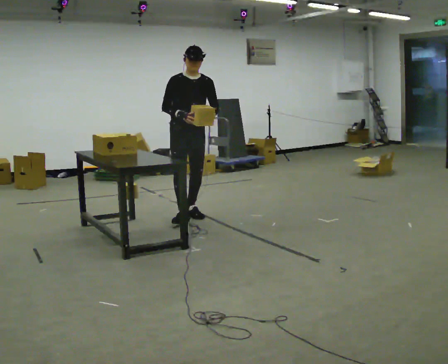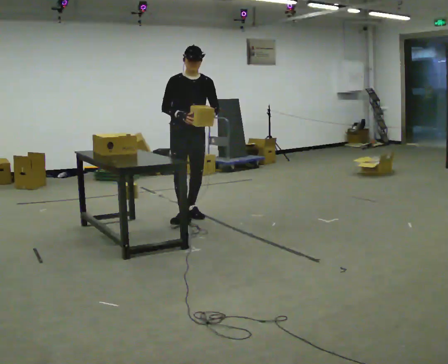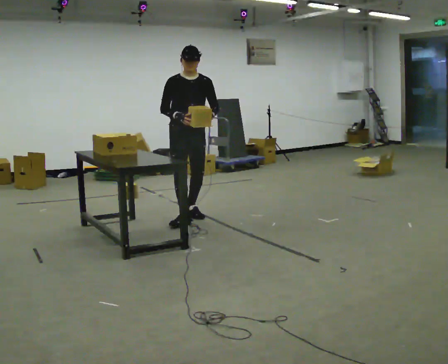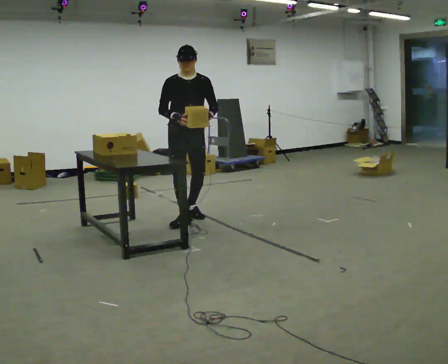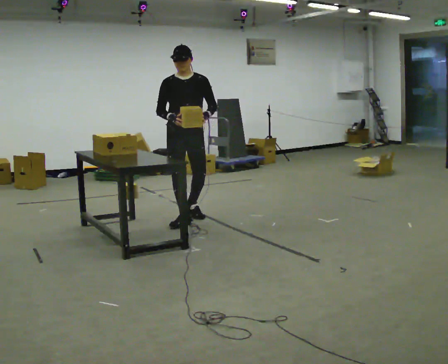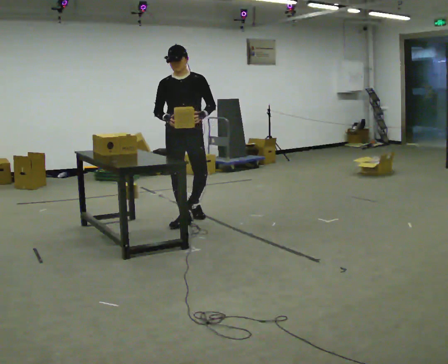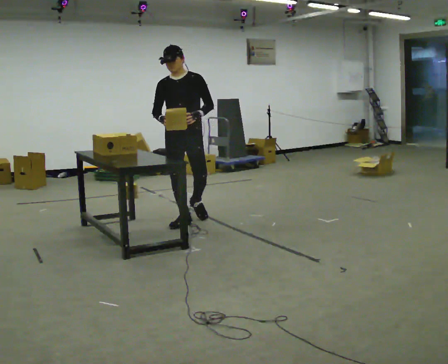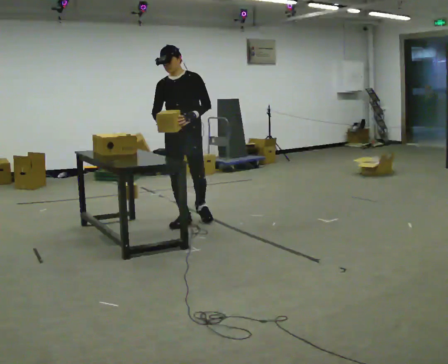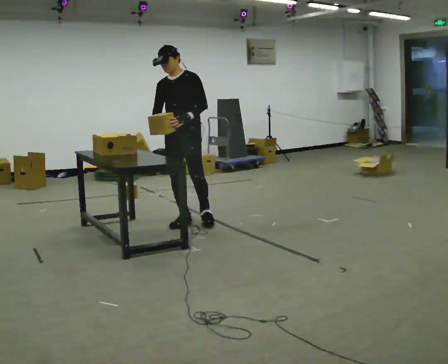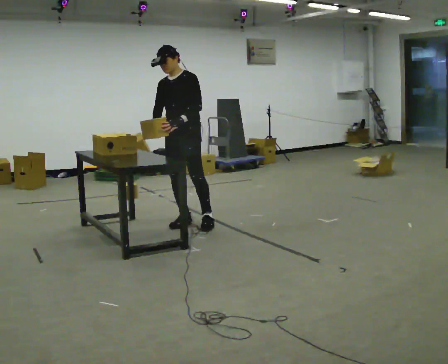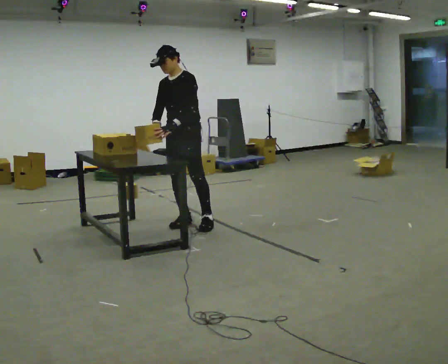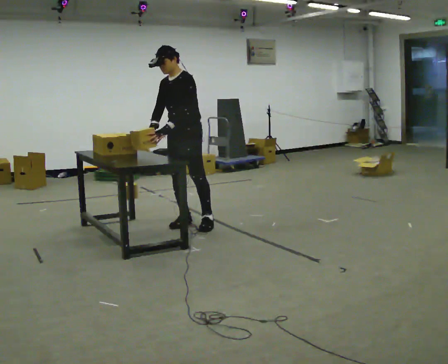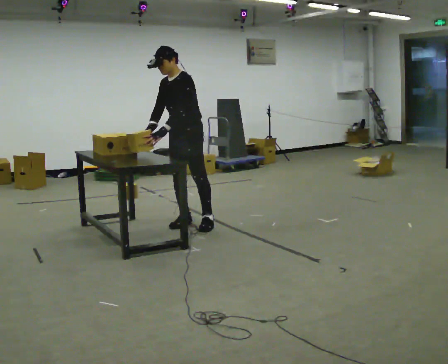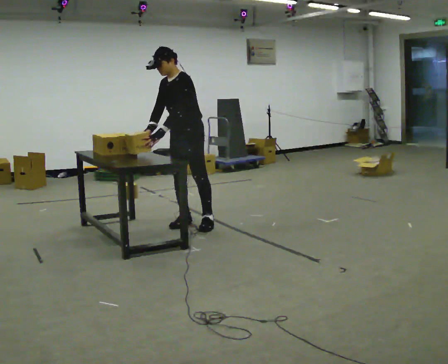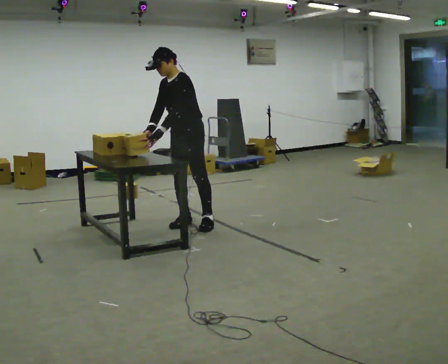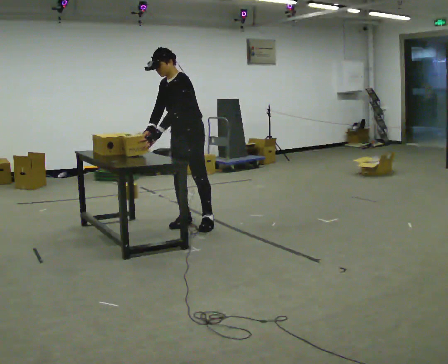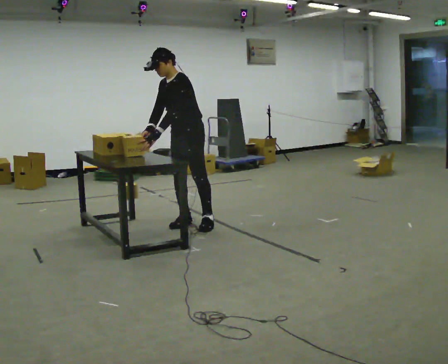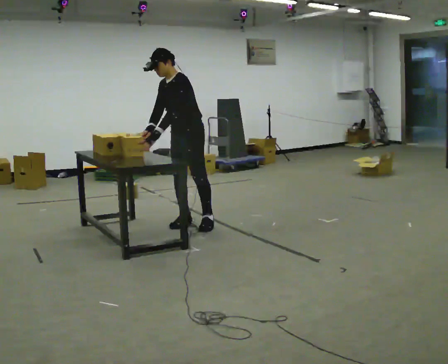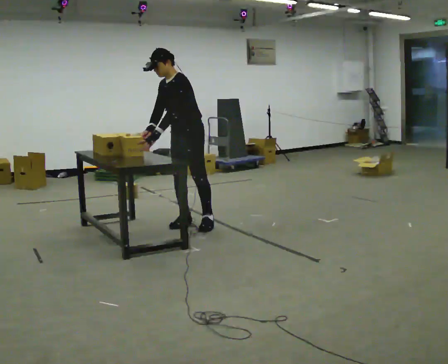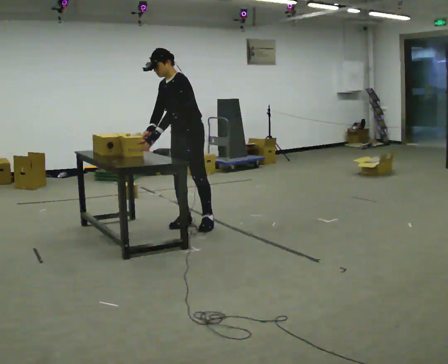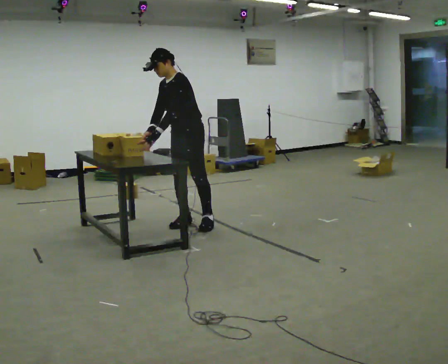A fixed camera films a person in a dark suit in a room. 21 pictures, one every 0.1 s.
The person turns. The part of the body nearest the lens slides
to the left.
The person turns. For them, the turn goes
to their right.
0.0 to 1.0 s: The person turns about 60 degrees to their right, clockwise seen from above, so the part of the body nearest the lens slides to the left. In the picture they go toward the camera, about 0.25 m in 2 steps, which for them is forward.
1.0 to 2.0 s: The person moves a little, or ends about where they began.
The film runs forward here.
